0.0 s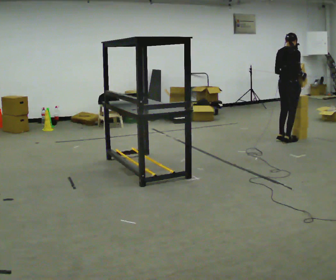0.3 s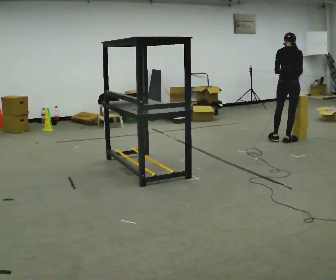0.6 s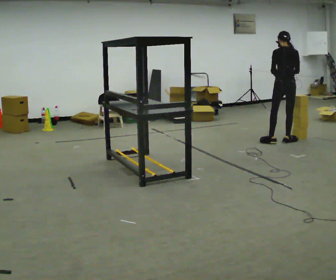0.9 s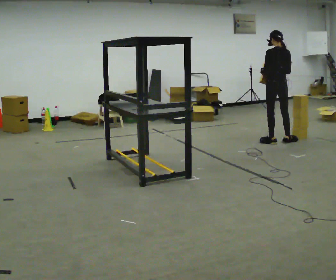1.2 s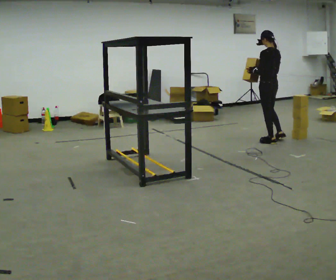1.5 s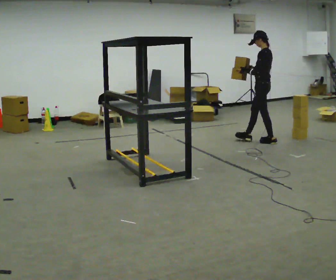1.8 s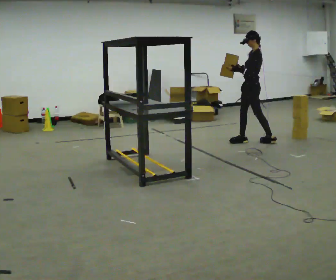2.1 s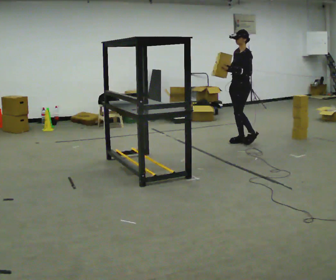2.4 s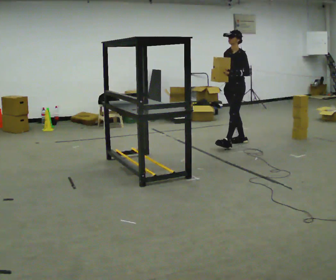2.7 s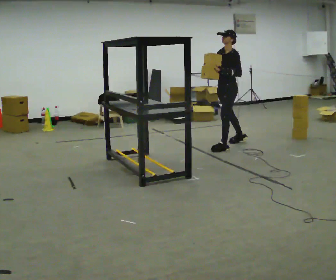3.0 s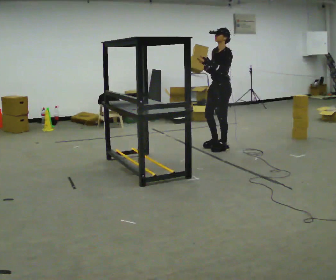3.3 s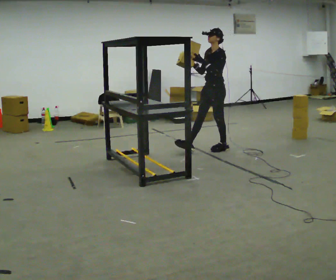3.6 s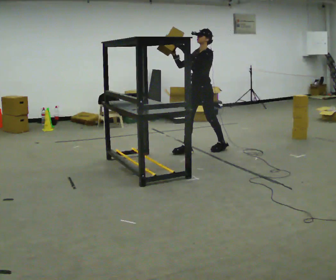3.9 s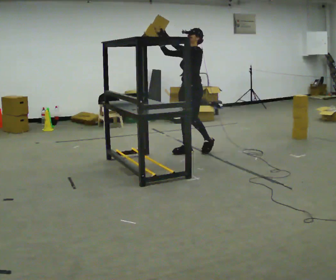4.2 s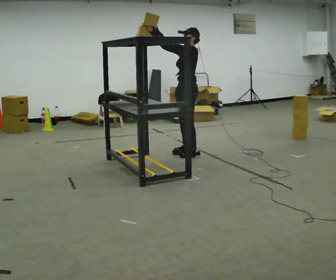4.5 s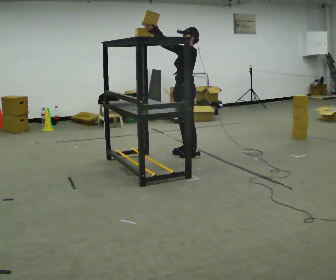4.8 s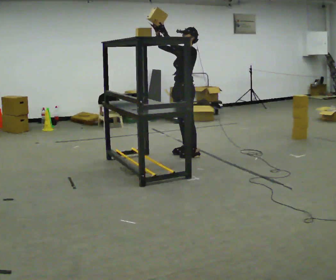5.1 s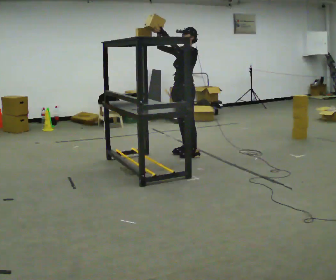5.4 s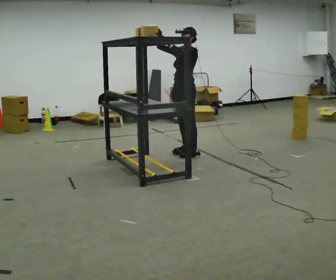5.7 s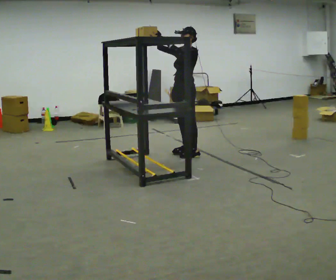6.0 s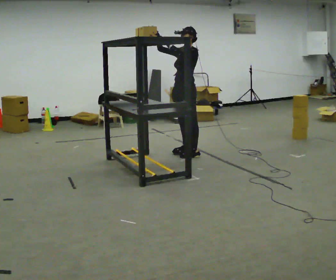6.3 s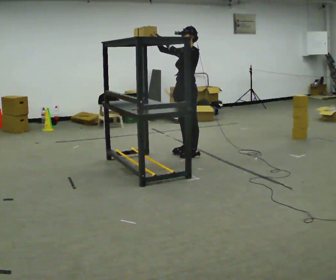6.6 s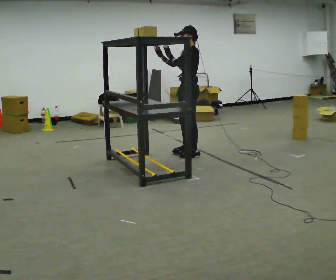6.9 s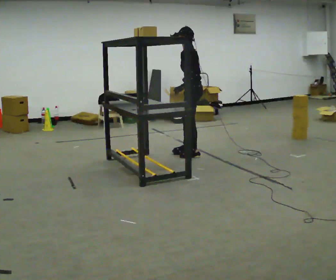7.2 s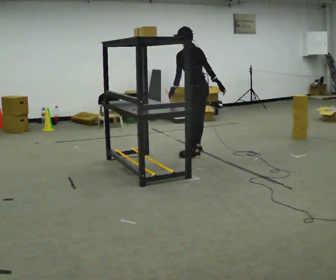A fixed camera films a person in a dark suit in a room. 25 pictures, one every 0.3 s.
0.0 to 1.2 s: The part of the body nearest the lens slides to the right as the person turns to their left by about 75 degrees. In the picture they go to the left, about 0.25 m in 1 step.
1.2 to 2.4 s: Seen from above the body turns counterclockwise, about 90 degrees: to their left, with its near side sliding to the right. In the picture they go to the left, about 0.5 m in 1 step.
2.4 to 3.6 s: In the picture they go to the left and toward the camera, about 0.75 m in 2 steps, which for them is forward. In the picture their left hand goes upward.
3.6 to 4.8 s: In the picture they go to the left, about 0.25 m in 1 step, which for them is forward.
4.8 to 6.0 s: The person moves a little, or ends about where they began.
6.0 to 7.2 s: The person turns about 90 degrees to their right, clockwise seen from above, so the part of the body nearest the lens slides to the left. In the picture the upper body tilts counterclockwise, shoulders to the left, as they bend forward. In the picture their right hand goes to the right and downward, the arm swinging counterclockwise.
The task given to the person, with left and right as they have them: Take an object down from the highest shelf you can comfortably reach, carry it across the room, and set it on the floor. Keep going until the operator says stop; one object at a time, and do not rush between trips.
The film runs forward here.
